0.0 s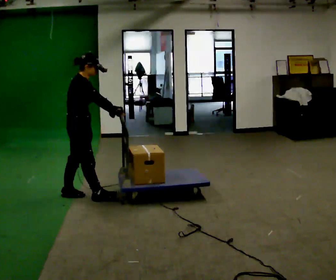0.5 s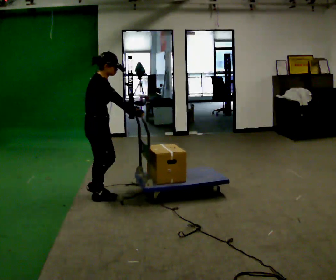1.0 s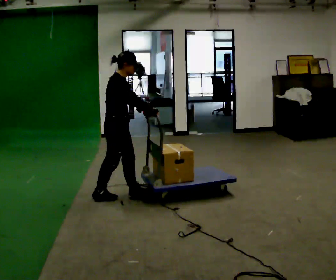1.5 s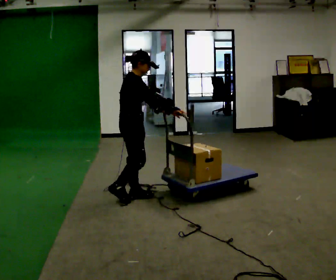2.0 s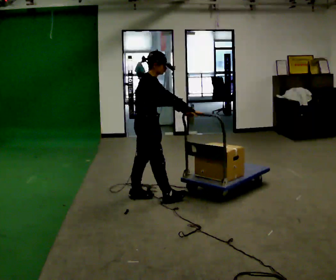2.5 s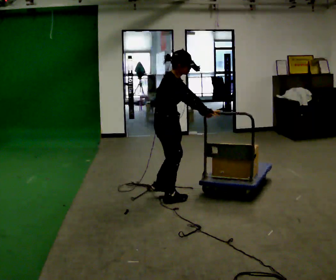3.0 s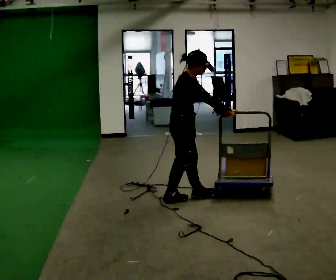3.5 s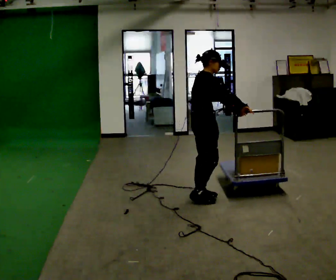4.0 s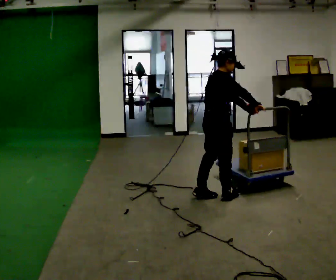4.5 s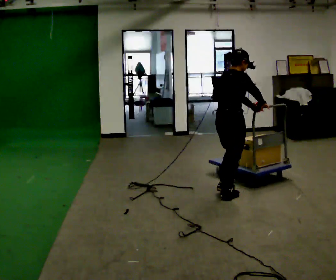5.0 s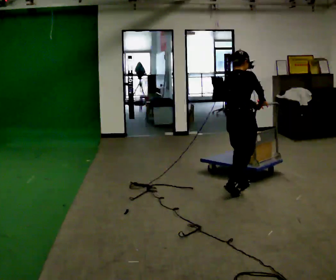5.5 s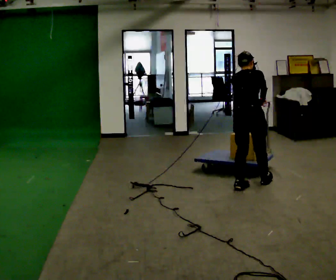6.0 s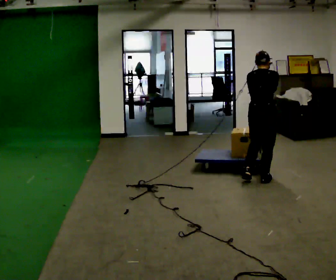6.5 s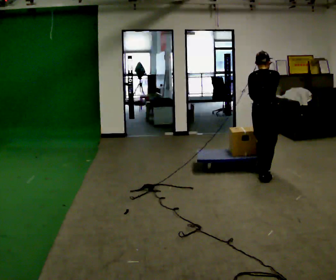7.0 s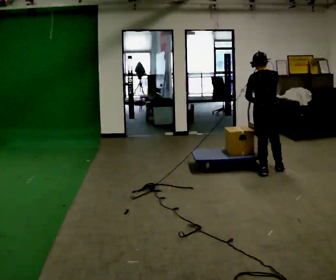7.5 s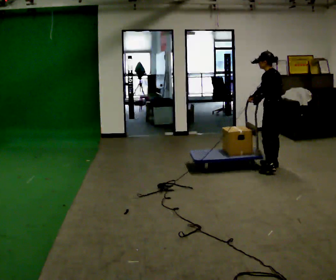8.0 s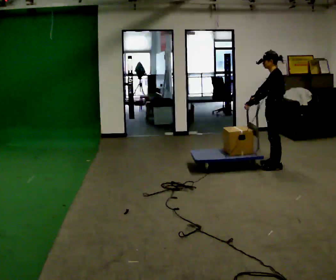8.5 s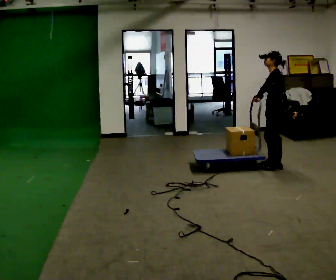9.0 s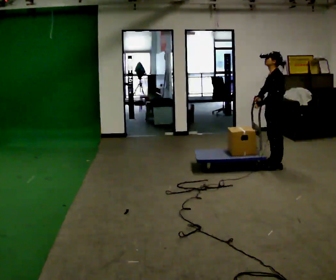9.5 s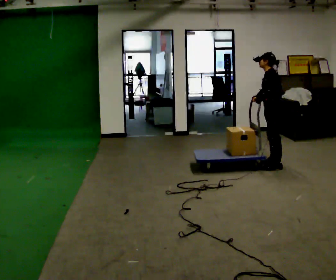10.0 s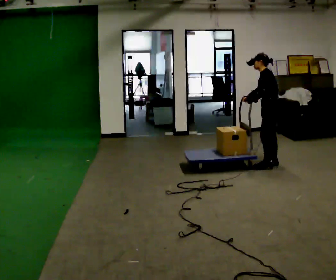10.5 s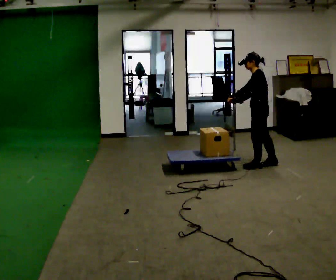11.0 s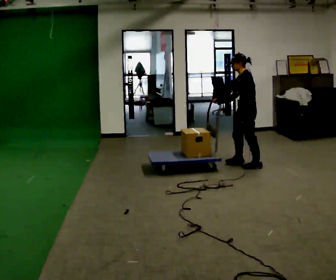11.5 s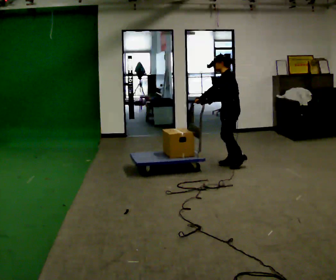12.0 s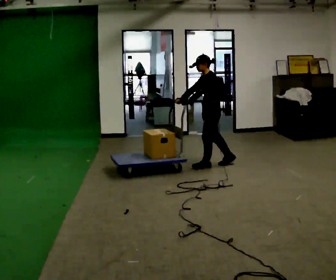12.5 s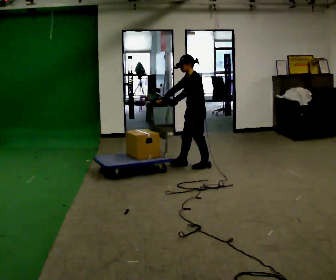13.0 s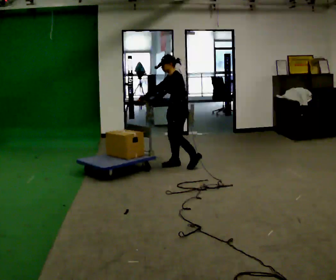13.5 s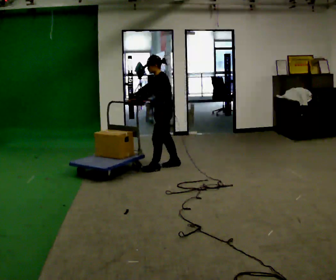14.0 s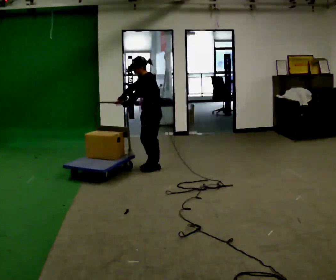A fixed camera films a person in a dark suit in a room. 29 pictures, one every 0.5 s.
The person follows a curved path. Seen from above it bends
counterclockwise.
0.0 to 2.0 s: In the picture they go to the right, about 0.75 m in 2 steps, which for them is forward.
2.0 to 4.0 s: In the picture they go to the right, about 0.75 m in 2 steps, which for them is forward.
4.0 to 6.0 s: The part of the body nearest the lens slides to the right as the person turns to their left by about 60 degrees. In the picture they go away from the camera and to the right, about 0.5 m in 2 steps, which for them is forward.
6.0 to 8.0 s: The person turns about 90 degrees to their left, counterclockwise seen from above, so the part of the body nearest the lens slides to the right. In the picture they go away from the camera, about 0.75 m in 3 steps.
8.0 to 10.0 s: The person moves a little, or ends about where they began.
10.0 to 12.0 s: In the picture they go to the left, about 1 m in 3 steps, which for them is forward.
12.0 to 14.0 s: In the picture they go to the left and toward the camera, about 1 m in 2 steps, which for them is forward.
The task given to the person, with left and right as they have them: Push the cart across the room and back. The operator will change how much is loaded on it between takes and will tell you each time.
The film runs forward here.
